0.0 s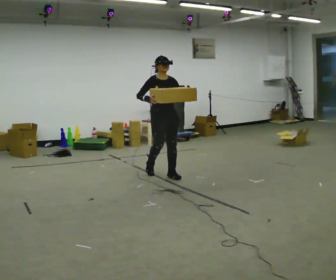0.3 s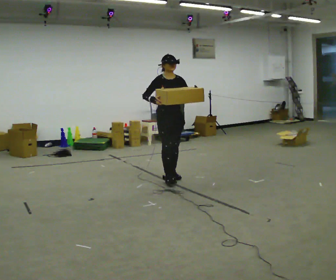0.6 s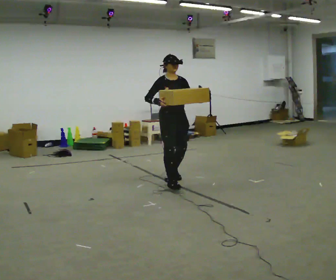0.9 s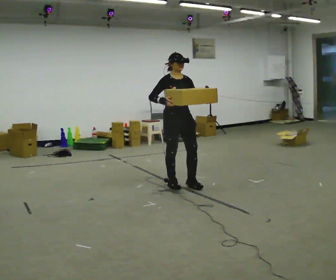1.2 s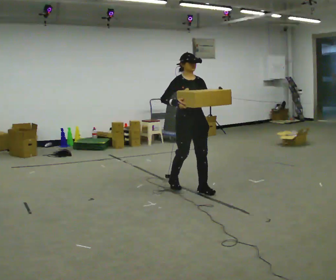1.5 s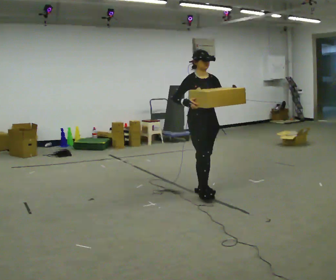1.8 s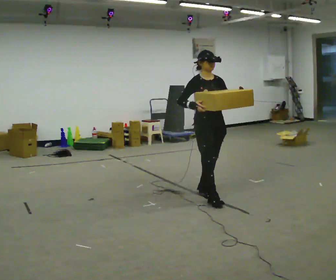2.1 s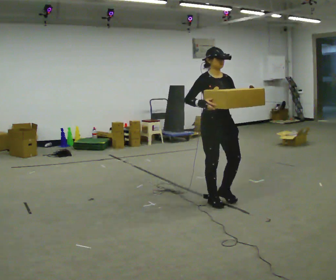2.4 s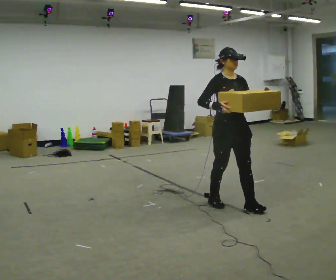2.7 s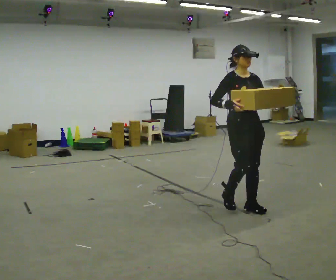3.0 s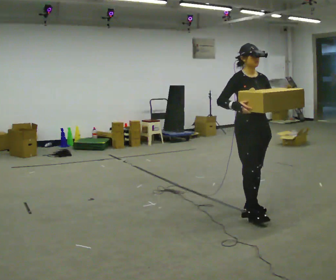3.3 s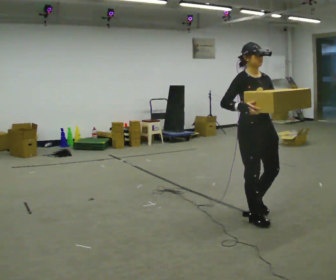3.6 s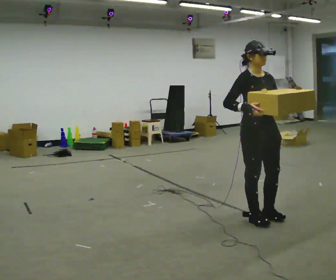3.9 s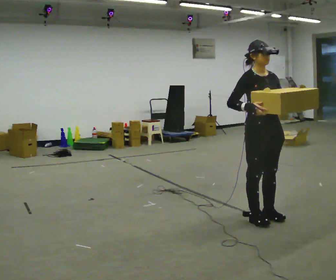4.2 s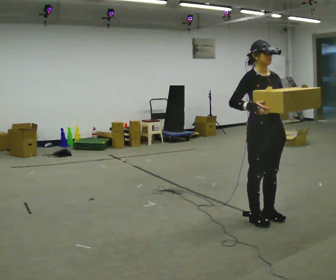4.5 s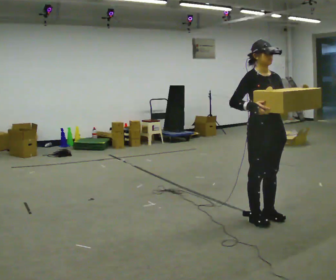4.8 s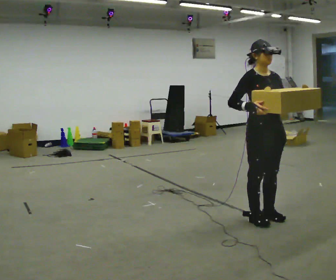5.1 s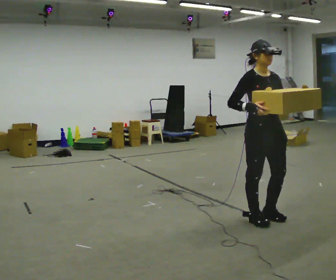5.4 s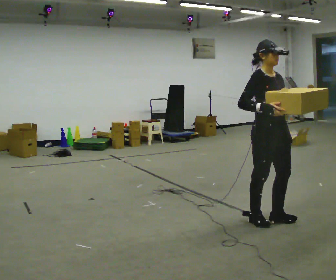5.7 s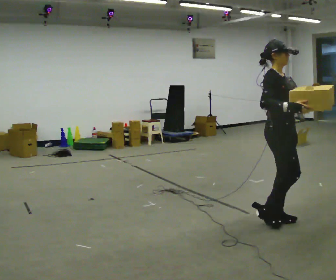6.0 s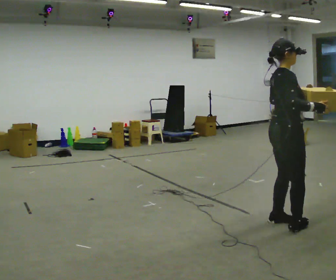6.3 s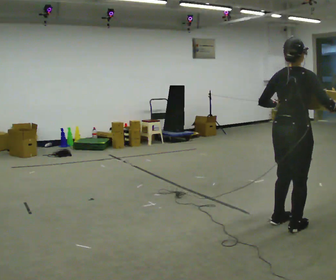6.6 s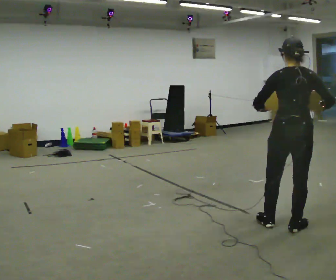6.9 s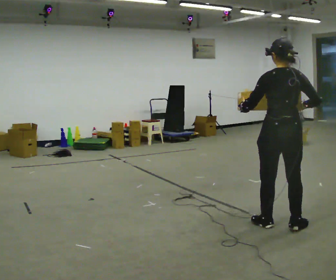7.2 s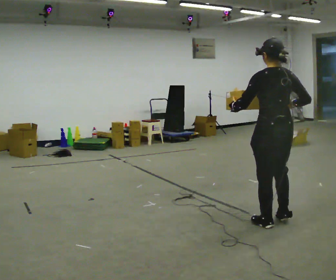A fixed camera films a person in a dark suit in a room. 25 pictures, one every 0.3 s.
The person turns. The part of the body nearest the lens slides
to the right.
The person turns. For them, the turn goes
to their left.
0.0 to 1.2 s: In the picture they go toward the camera and to the right, about 0.5 m in 2 steps, which for them is forward.
1.2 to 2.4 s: In the picture they go toward the camera and to the right, about 1 m in 2 steps, which for them is forward.
2.4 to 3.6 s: In the picture they go toward the camera and to the right, about 0.5 m in 2 steps, which for them is forward.
3.6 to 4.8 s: The person moves a little, or ends about where they began.
4.8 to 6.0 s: The part of the body nearest the lens slides to the right as the person turns to their left by about 60 degrees. In the picture they go to the right, about 0.25 m in 1 step.
6.0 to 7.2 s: The person turns about 105 degrees to their left, counterclockwise seen from above, so the part of the body nearest the lens slides to the right. In the picture their left hand goes to the left.
The film runs forward here.
